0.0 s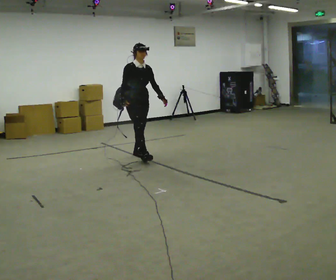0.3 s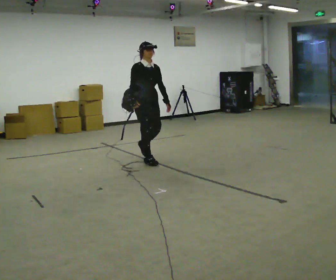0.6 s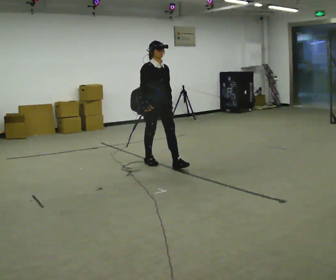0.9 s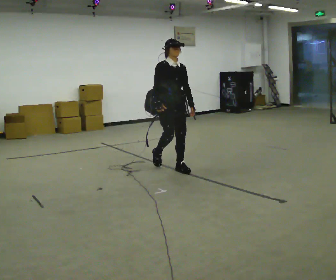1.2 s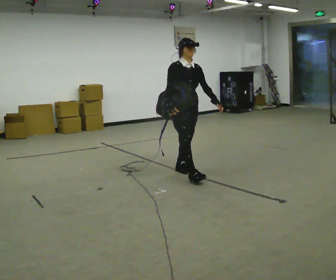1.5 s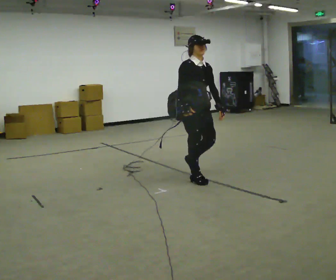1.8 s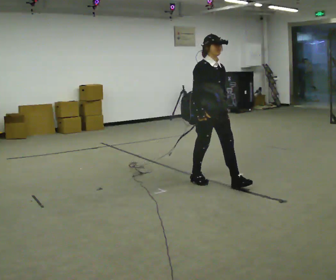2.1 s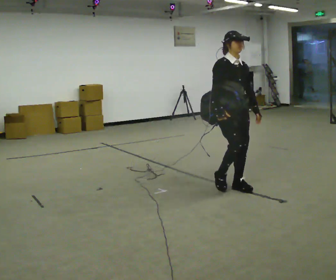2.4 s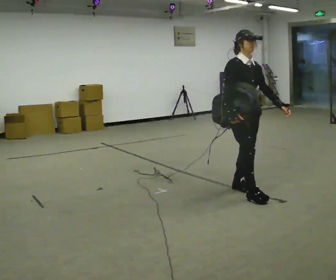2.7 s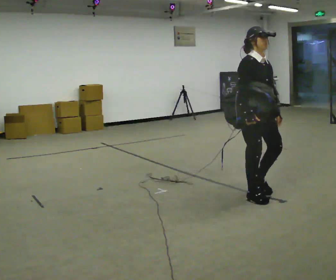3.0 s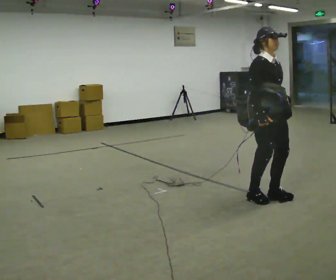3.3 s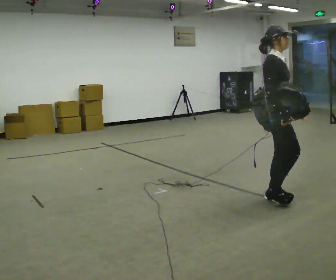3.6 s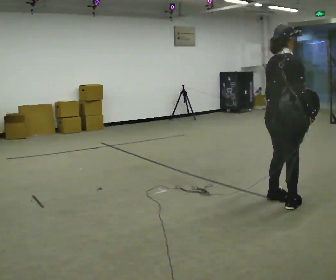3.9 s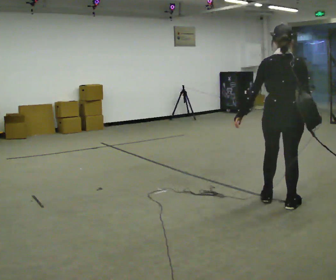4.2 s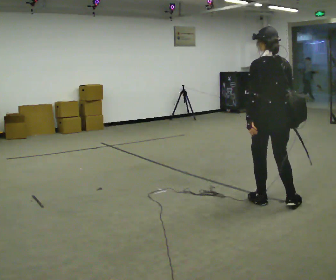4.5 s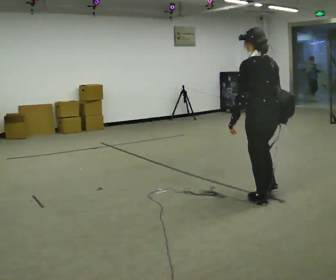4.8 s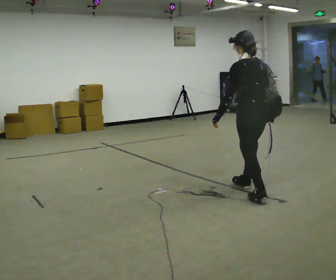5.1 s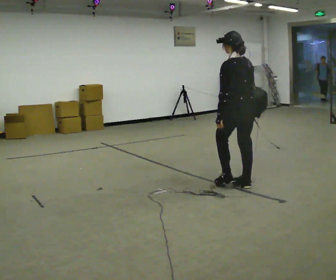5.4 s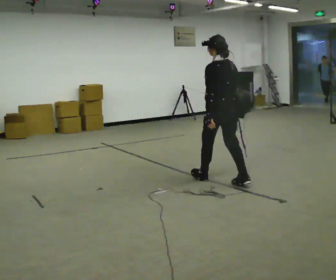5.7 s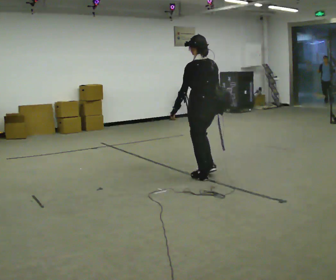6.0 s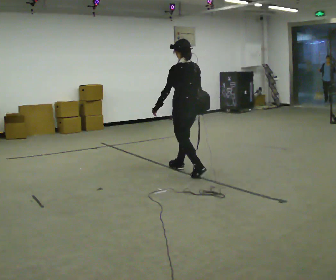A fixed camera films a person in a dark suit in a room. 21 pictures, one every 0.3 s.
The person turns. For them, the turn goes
to their left.
The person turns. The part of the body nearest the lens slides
to the right.
0.0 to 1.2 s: In the picture they go to the right and toward the camera, about 1 m in 2 steps, which for them is forward.
1.2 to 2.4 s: In the picture they go to the right and toward the camera, about 1 m in 3 steps, which for them is forward.
2.4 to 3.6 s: Seen from above the body turns counterclockwise, about 90 degrees: to their left, with its near side sliding to the right. In the picture they go to the right and toward the camera, about 0.5 m in 2 steps.
3.6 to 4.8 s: The person turns about 90 degrees to their left, counterclockwise seen from above, so the part of the body nearest the lens slides to the right. In the picture they go away from the camera and to the left, about 0.5 m in 1 step.
4.8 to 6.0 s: In the picture they go to the left and away from the camera, about 1 m in 2 steps, which for them is forward.
The film runs forward here.
